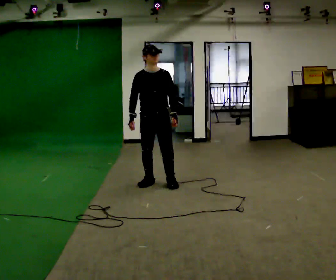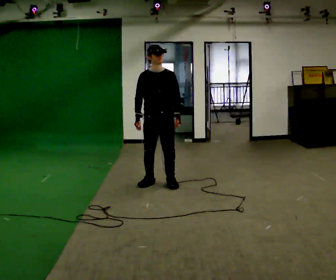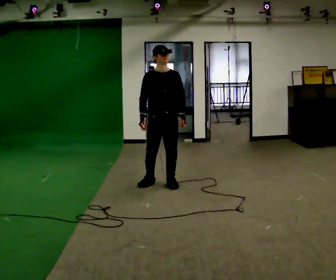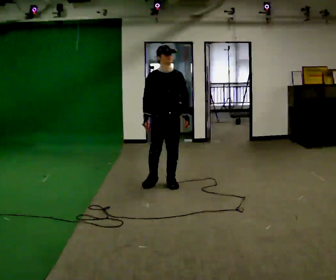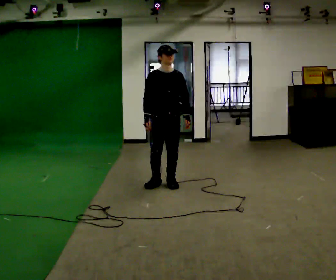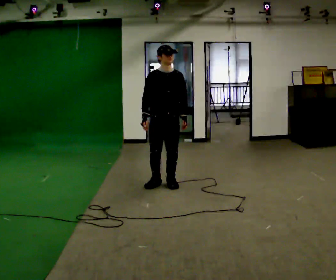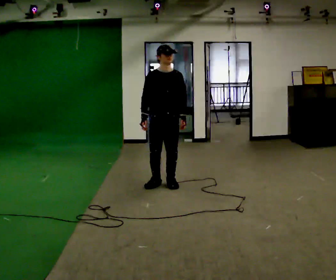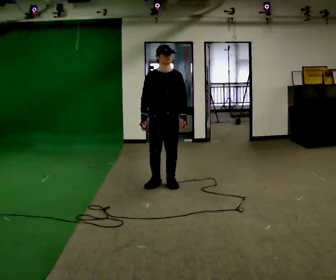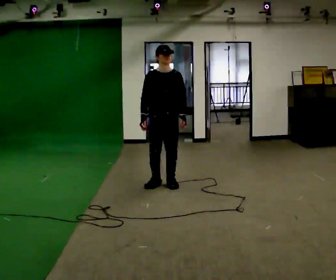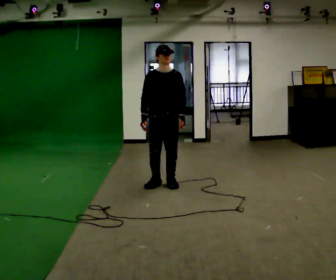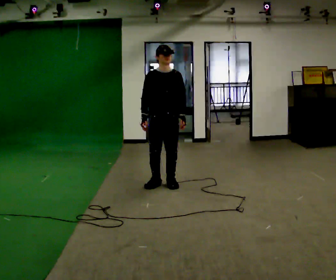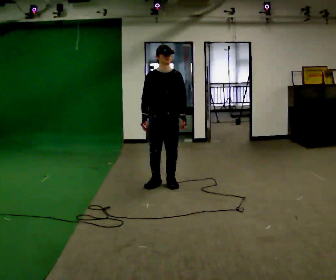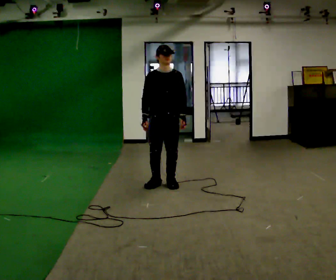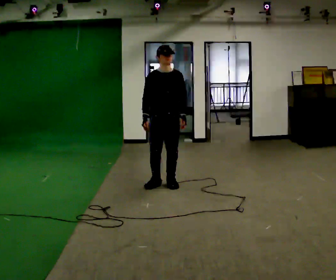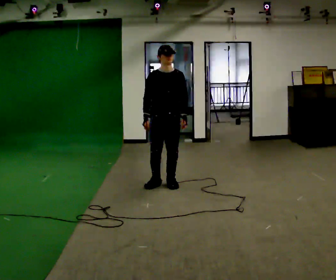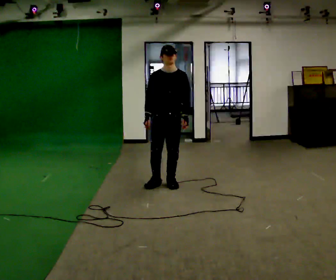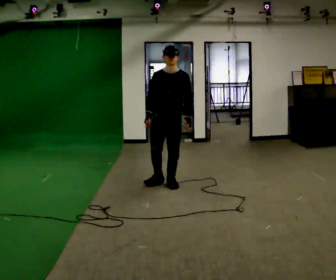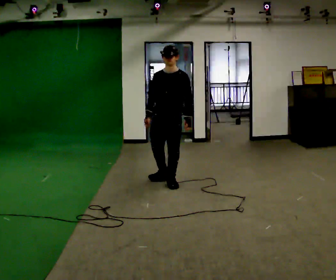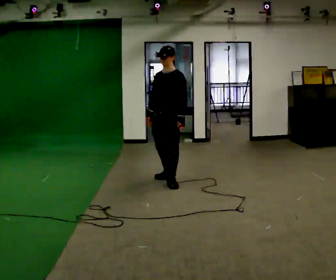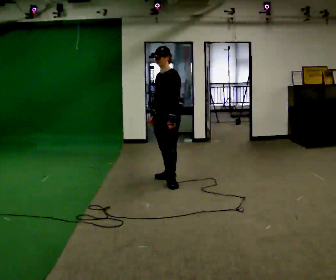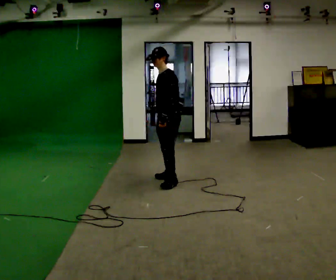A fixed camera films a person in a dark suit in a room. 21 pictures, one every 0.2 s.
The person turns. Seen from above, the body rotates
clockwise.
The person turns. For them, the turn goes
to their right.
0.0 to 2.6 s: The person moves a little, or ends about where they began.
2.6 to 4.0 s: The person turns about 75 degrees to their right, clockwise seen from above, so the part of the body nearest the lens slides to the left. In the picture they go away from the camera, about 0.25 m in 1 step.
The film runs forward here.
